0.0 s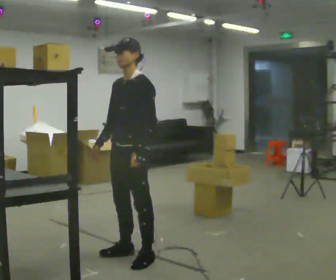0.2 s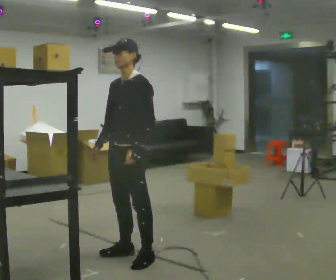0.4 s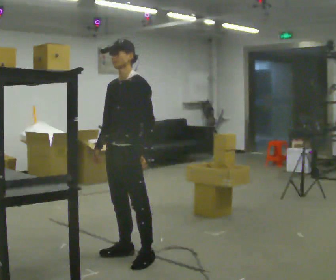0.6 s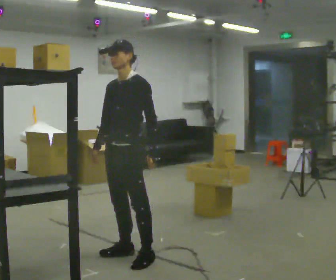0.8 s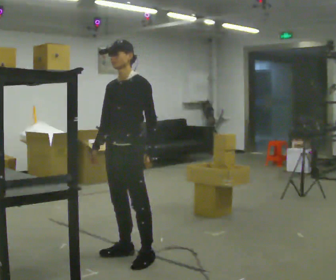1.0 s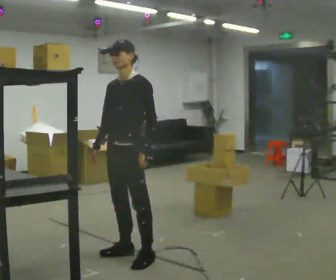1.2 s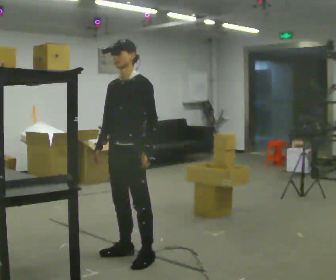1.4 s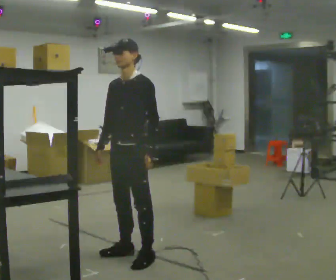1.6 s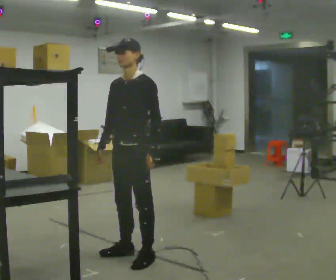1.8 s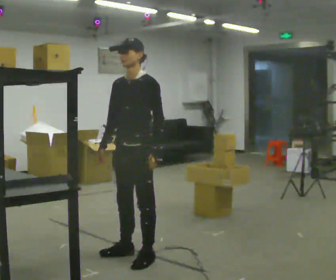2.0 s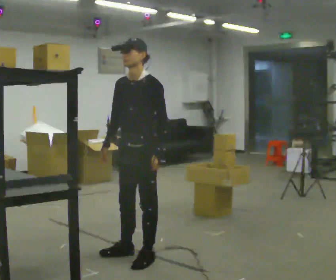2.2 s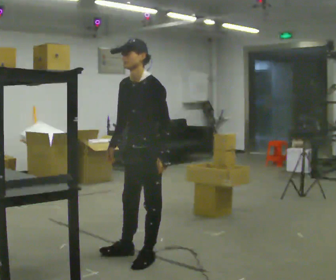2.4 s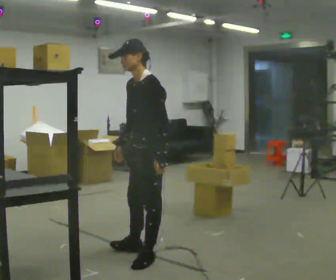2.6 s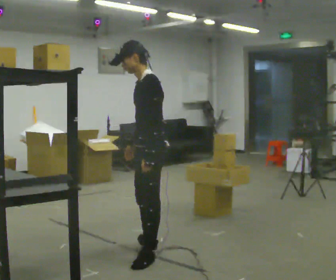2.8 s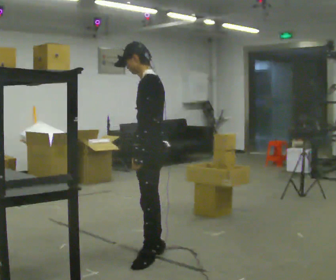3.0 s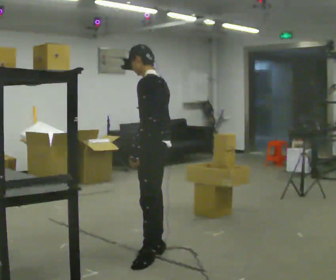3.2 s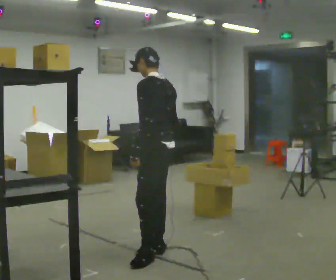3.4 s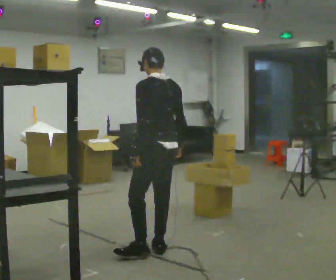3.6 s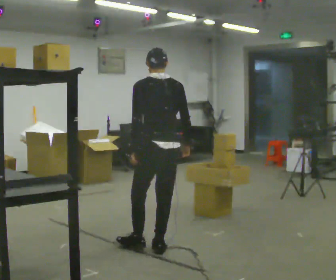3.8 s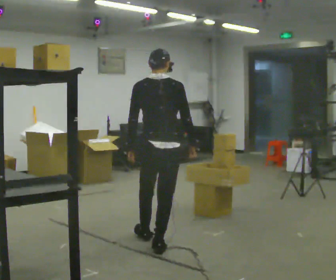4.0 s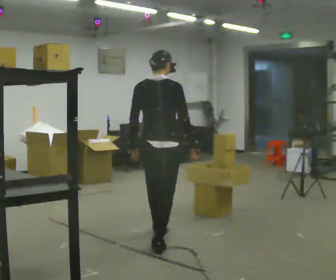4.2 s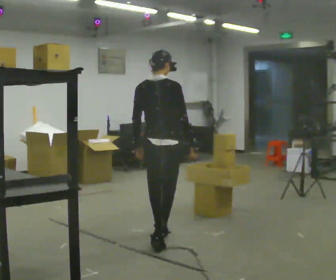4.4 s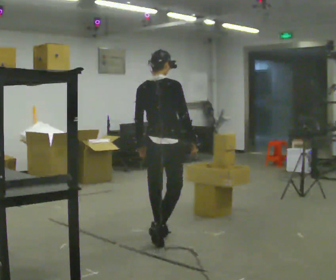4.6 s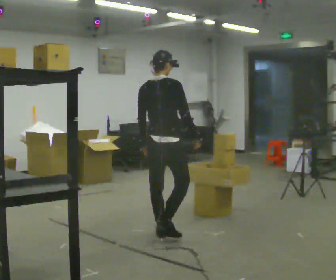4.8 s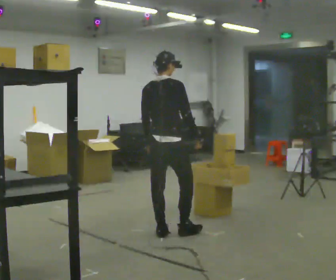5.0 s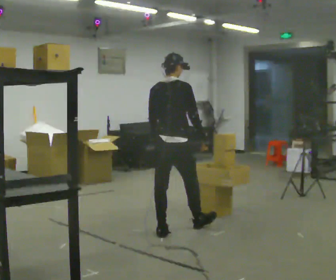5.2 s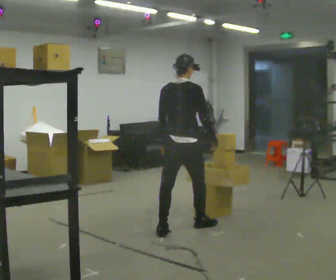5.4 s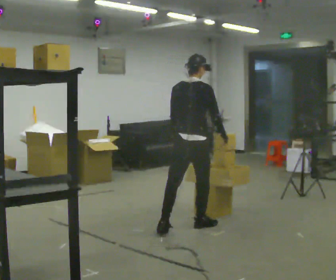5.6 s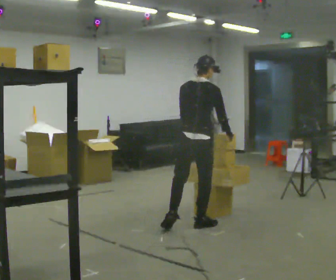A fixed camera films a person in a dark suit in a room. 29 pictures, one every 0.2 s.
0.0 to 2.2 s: The person moves a little, or ends about where they began.
2.2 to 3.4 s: The part of the body nearest the lens slides to the left as the person turns to their right by about 90 degrees. In the picture they go away from the camera, about 0.25 m in 1 step. In the picture their right hand goes to the right, the arm swinging counterclockwise.
3.4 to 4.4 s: The part of the body nearest the lens slides to the left as the person turns to their right by about 60 degrees. In the picture they go away from the camera, about 0.25 m in 1 step.
4.4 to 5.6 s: In the picture they go to the right and away from the camera, about 0.5 m in 1 step, which for them is forward.
The film runs forward here.
